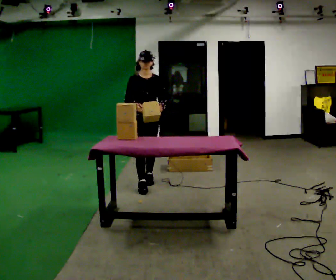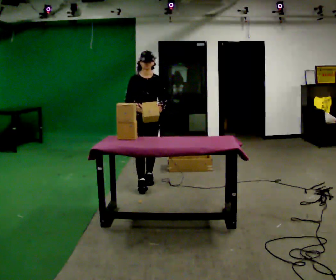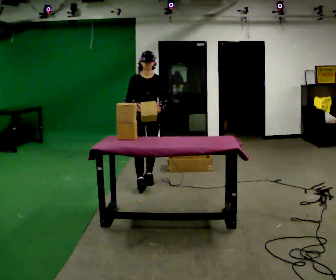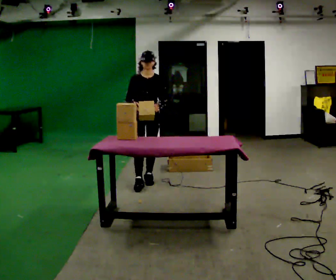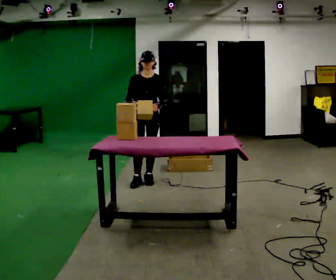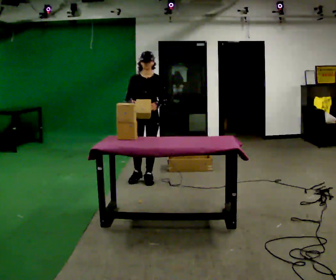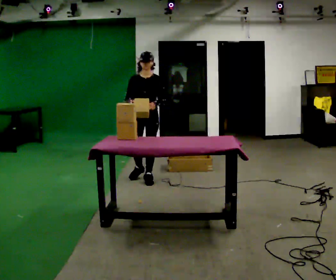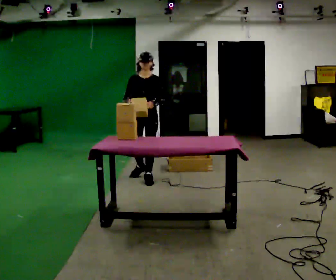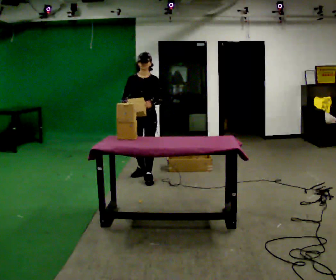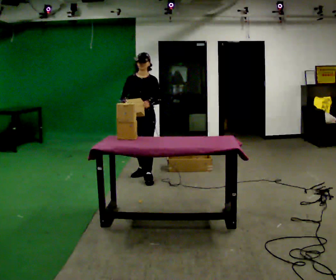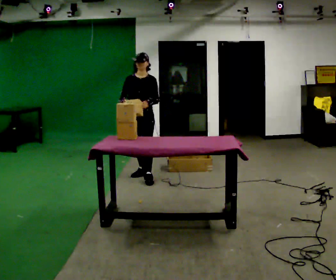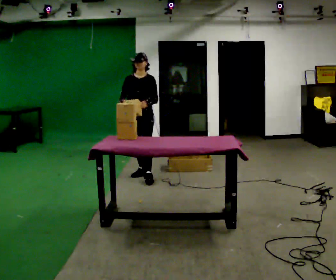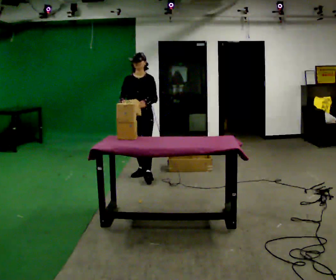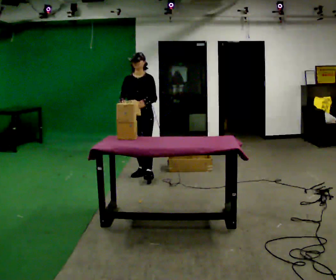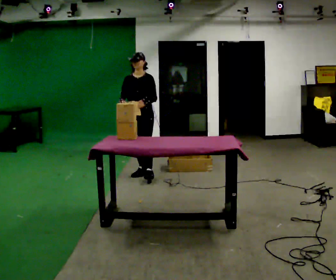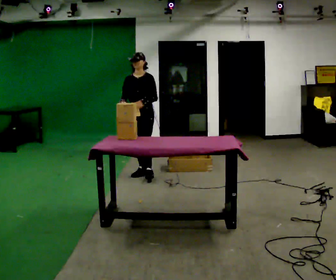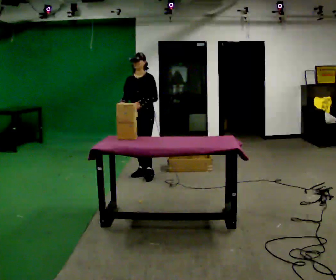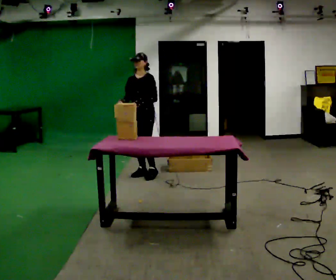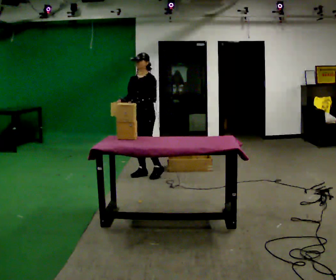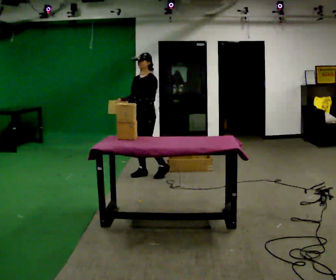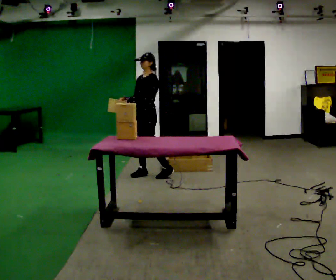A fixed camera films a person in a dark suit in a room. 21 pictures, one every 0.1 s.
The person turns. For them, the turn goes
to their right.
The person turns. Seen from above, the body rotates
clockwise.
0.0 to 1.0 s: The part of the body nearest the lens slides to the left as the person turns to their right by about 30 degrees. In the picture they go away from the camera, about 0.25 m in 1 step, which for them is backward.
1.0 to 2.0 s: The part of the body nearest the lens slides to the left as the person turns to their right by about 30 degrees.
The film runs backward here.
